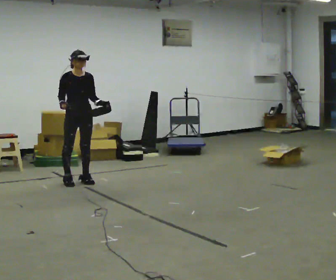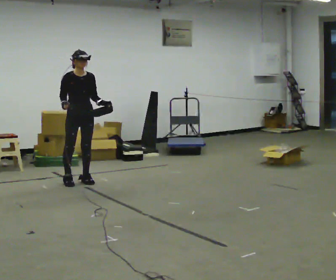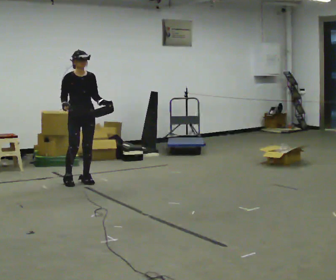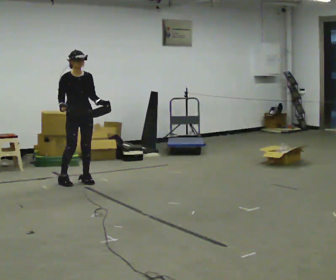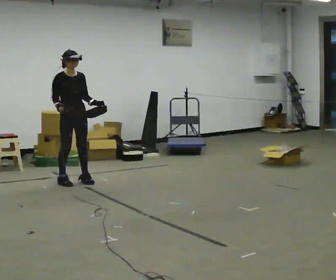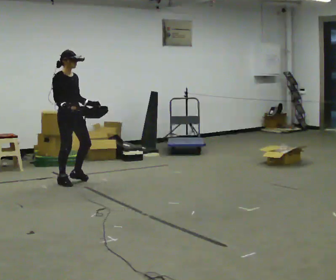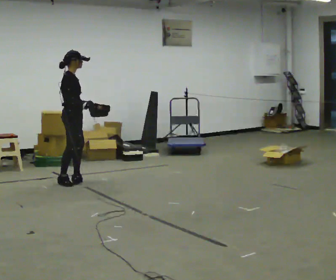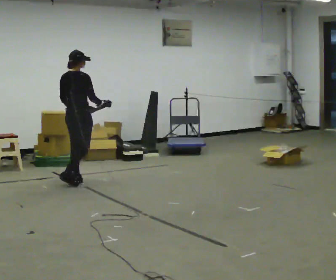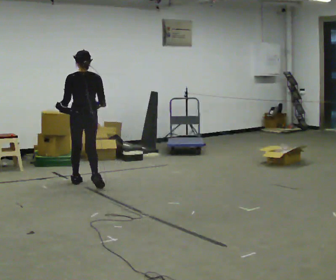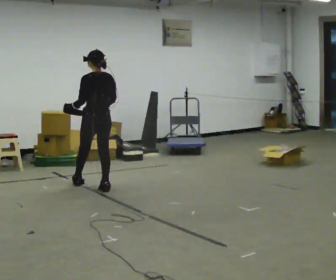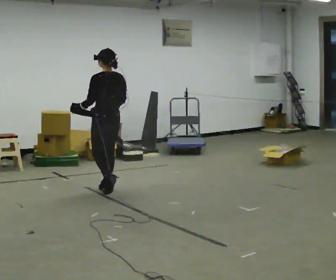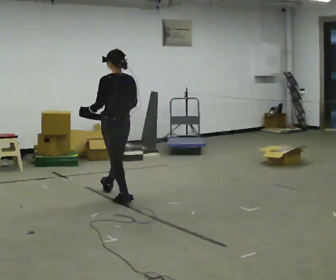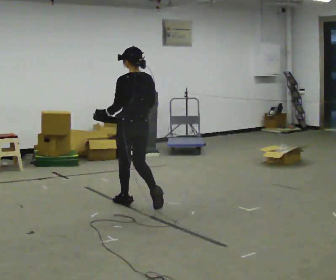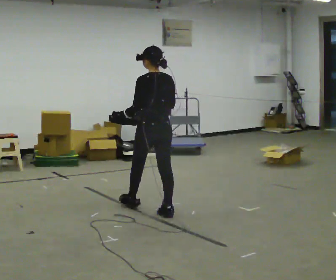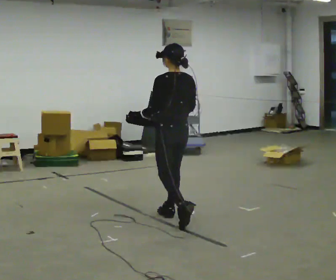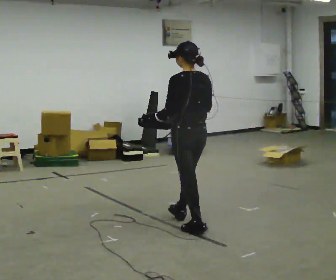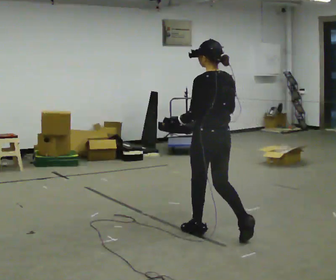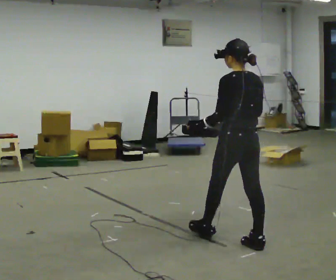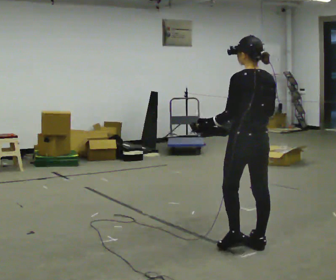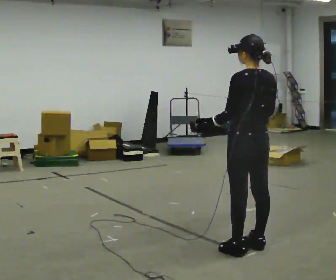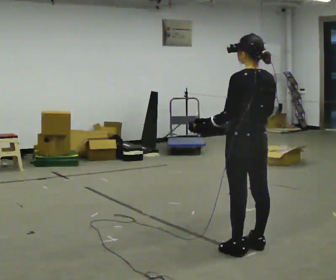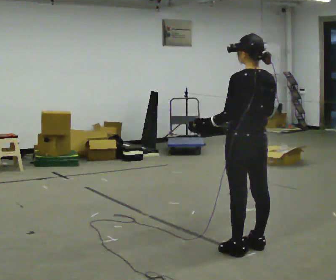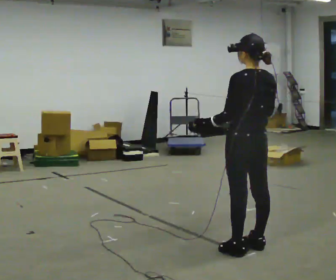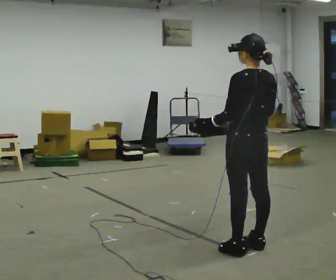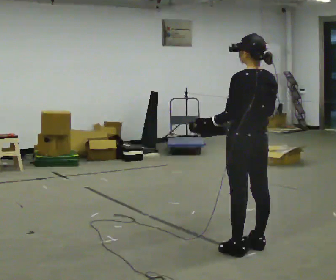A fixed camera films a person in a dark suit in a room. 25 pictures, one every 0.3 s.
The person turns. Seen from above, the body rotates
counterclockwise.
The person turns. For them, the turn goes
to their left.
0.0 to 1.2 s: The person moves a little, or ends about where they began.
1.2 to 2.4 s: Seen from above the body turns counterclockwise, about 150 degrees: to their left, with its near side sliding to the right. In the picture they go to the right, about 0.25 m in 2 steps. In the picture their right hand goes to the right.
2.4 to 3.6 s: In the picture they go toward the camera and to the right, about 1 m in 2 steps, which for them is backward.
3.6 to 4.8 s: In the picture they go toward the camera and to the right, about 1 m in 2 steps, which for them is backward.
4.8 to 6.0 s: In the picture they go toward the camera and to the right, about 0.5 m in 1 step, which for them is backward.
6.0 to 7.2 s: The person keeps their place and pose.
The film runs backward here.
